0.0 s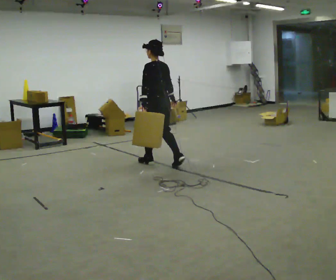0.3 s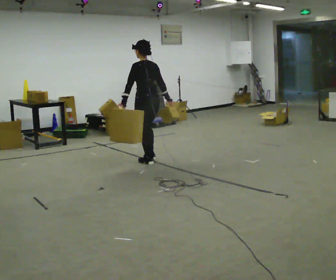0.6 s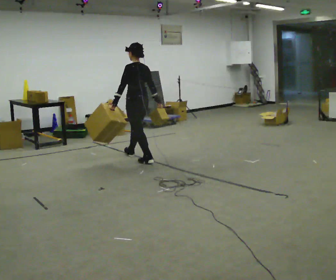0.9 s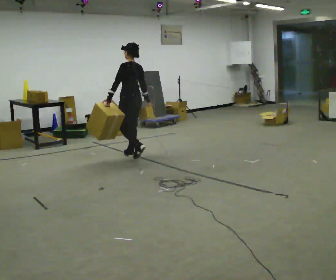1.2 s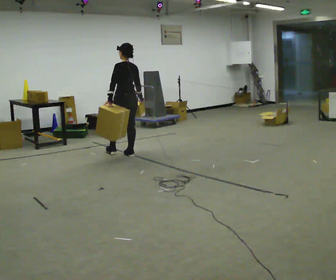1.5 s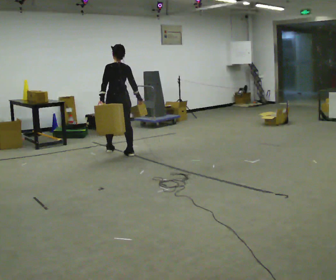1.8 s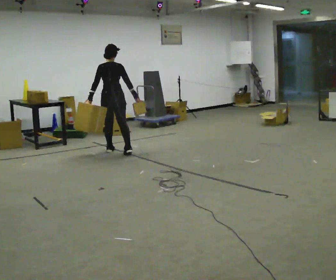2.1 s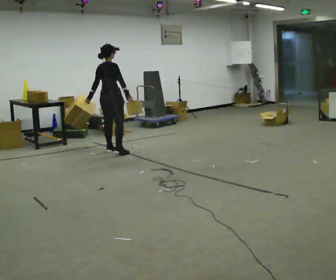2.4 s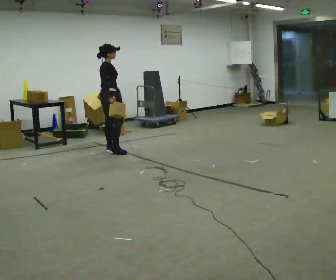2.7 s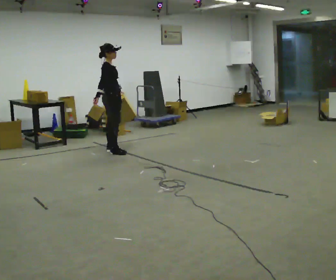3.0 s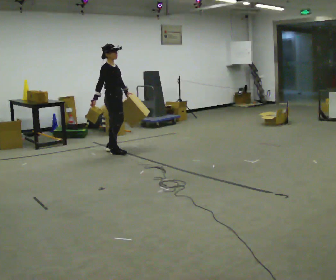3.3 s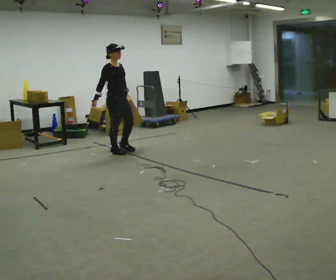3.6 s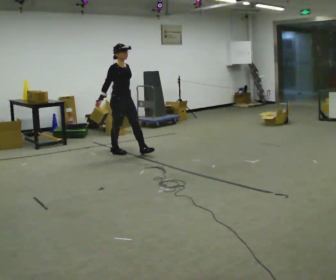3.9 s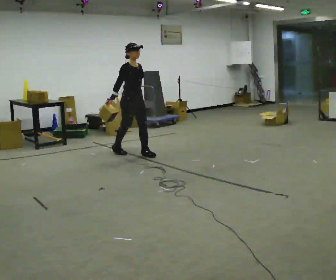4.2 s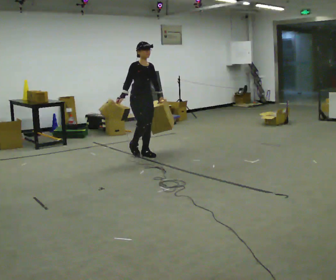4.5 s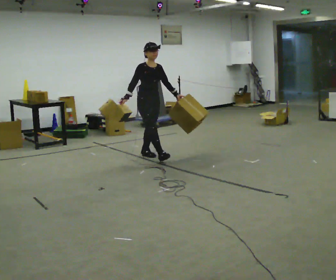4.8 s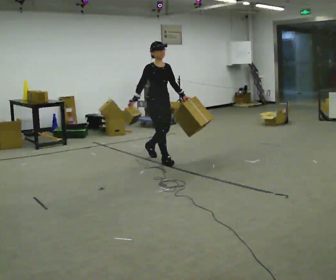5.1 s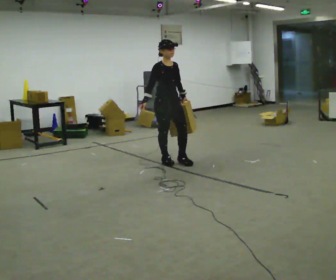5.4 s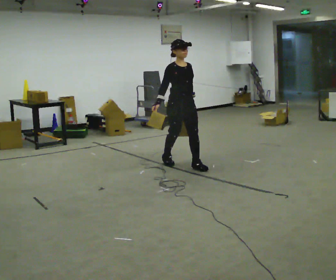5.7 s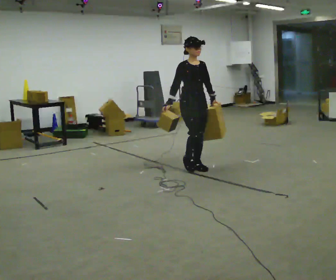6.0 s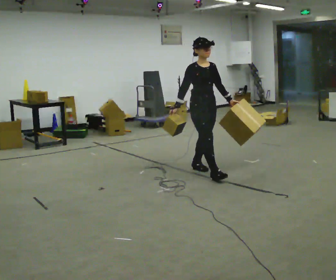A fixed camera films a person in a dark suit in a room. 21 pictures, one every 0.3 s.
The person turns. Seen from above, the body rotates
clockwise.
The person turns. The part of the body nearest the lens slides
to the left.
0.0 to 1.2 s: In the picture they go away from the camera and to the left, about 0.5 m in 1 step, which for them is forward.
1.2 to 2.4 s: The part of the body nearest the lens slides to the left as the person turns to their right by about 90 degrees. In the picture they go to the left and away from the camera, about 0.25 m in 2 steps.
2.4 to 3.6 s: Seen from above the body turns clockwise, about 60 degrees: to their right, with its near side sliding to the left. In the picture they go to the right and toward the camera, about 0.25 m in 1 step, which for them is forward.
3.6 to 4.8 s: In the picture they go toward the camera and to the right, about 0.75 m in 1 step, which for them is forward.
4.8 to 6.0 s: In the picture they go toward the camera and to the right, about 1 m in 2 steps, which for them is forward.
The film runs forward here.
